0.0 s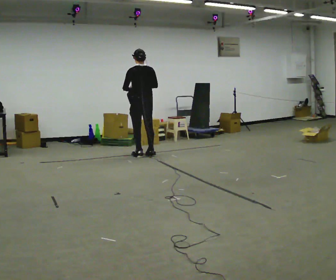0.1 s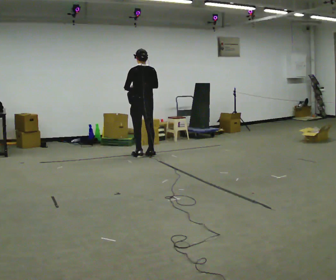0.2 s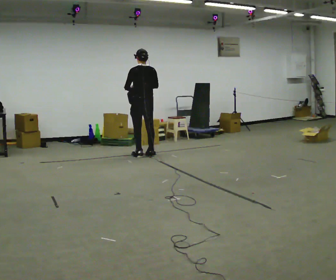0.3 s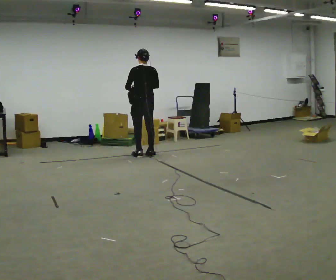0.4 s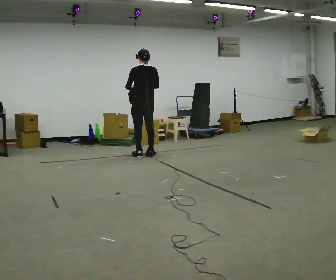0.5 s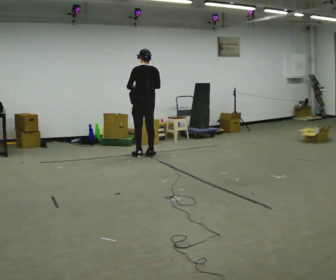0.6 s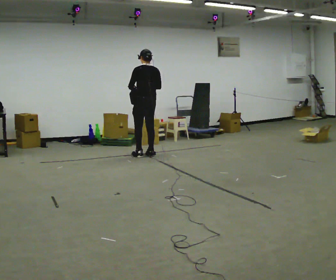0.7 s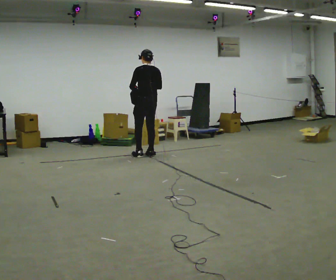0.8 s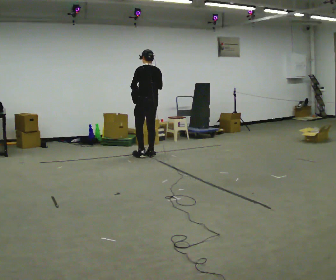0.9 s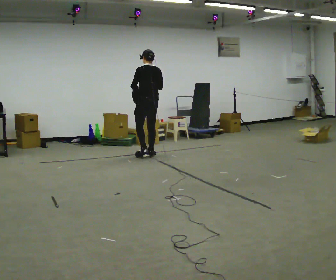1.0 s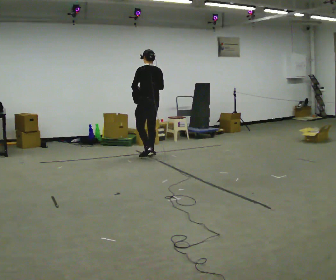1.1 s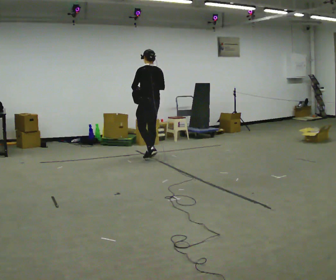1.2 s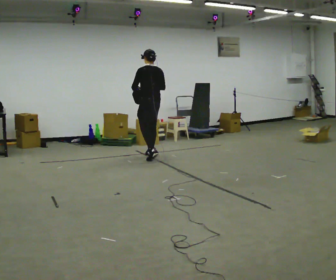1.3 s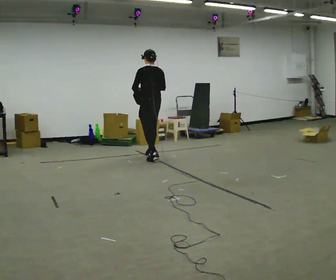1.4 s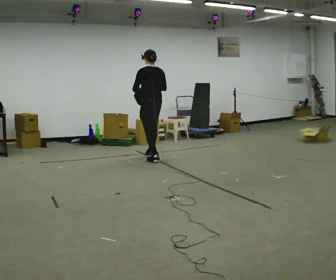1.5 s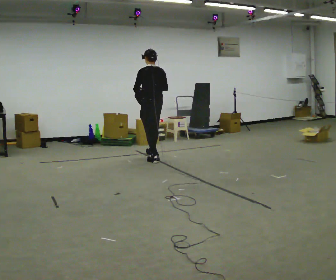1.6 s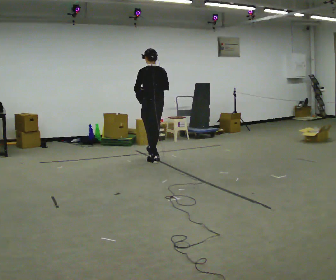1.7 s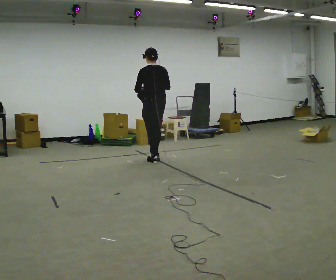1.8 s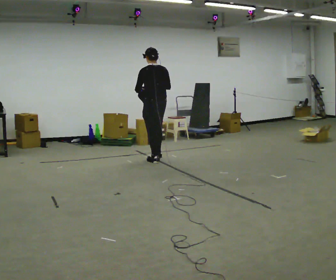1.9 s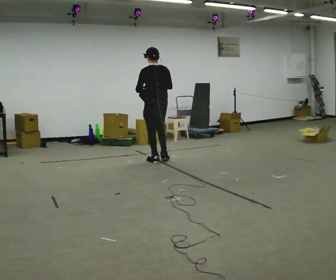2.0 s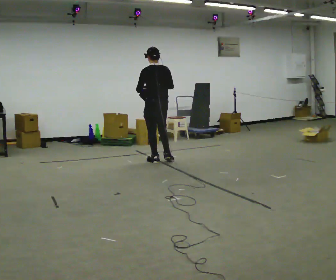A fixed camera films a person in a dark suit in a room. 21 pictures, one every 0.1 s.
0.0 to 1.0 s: The person moves a little, or ends about where they began.
1.0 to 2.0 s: In the picture they go toward the camera, about 0.5 m in 1 step, which for them is backward.
The film runs backward here.
